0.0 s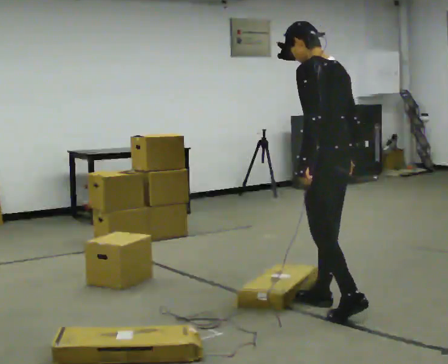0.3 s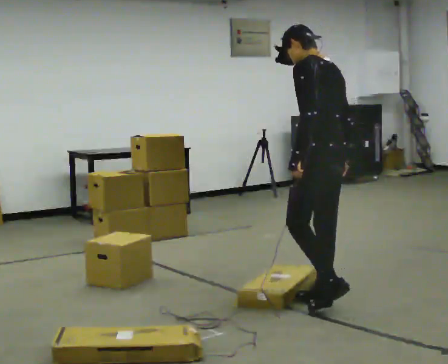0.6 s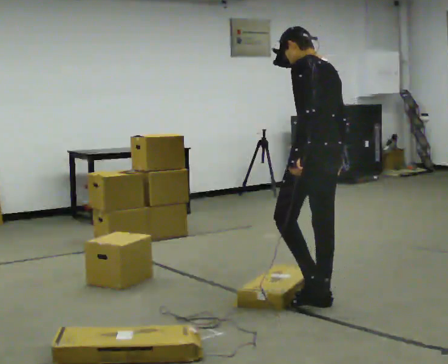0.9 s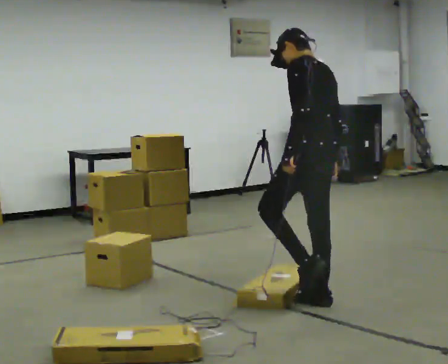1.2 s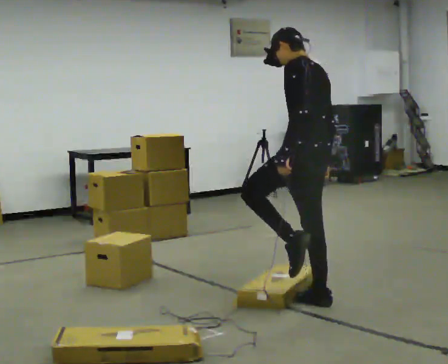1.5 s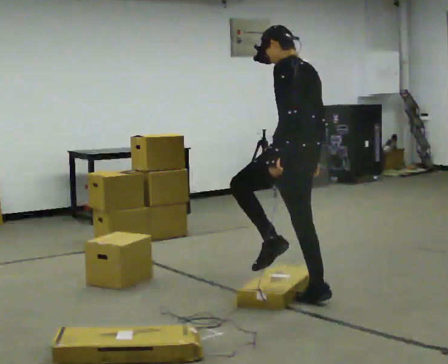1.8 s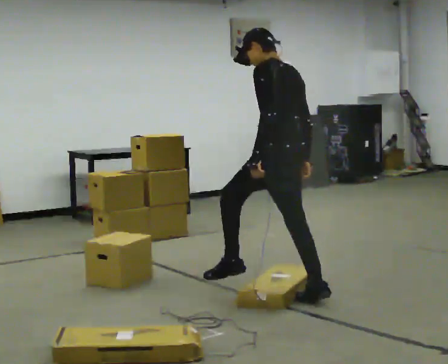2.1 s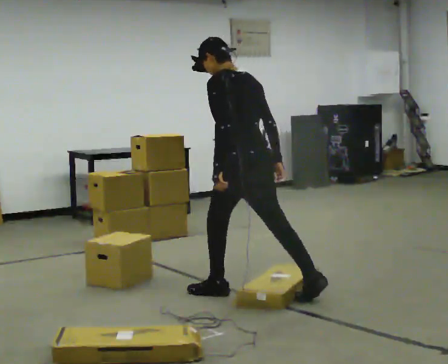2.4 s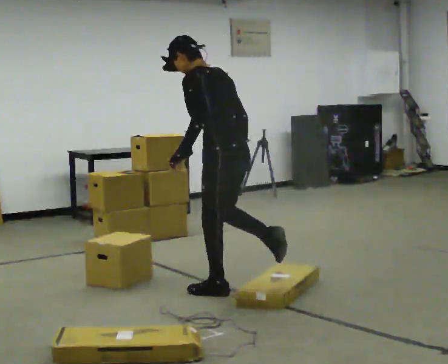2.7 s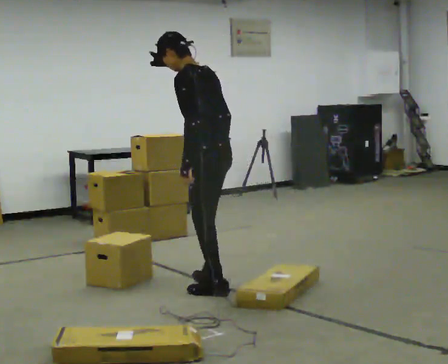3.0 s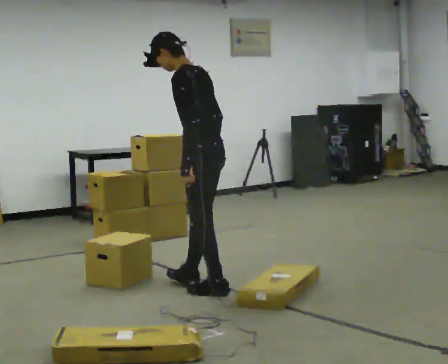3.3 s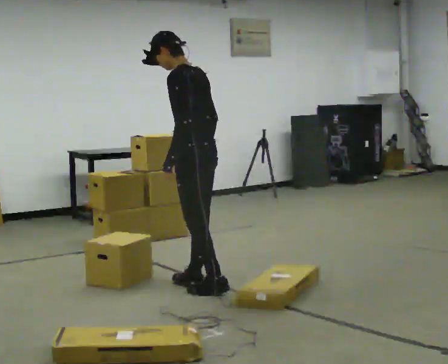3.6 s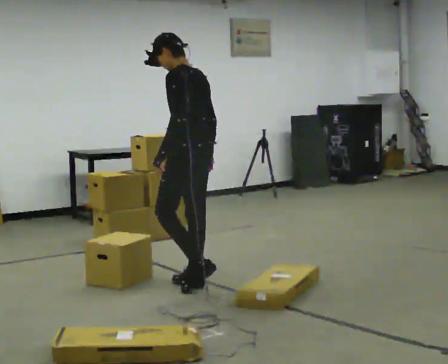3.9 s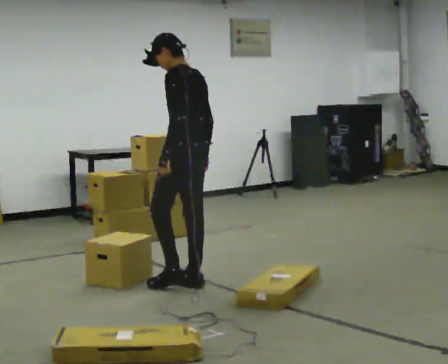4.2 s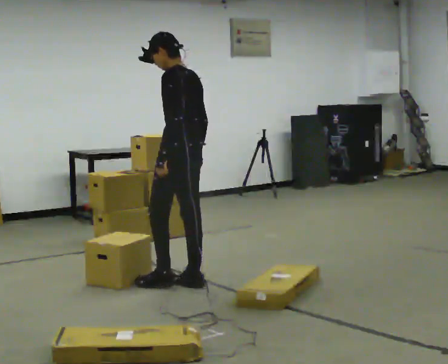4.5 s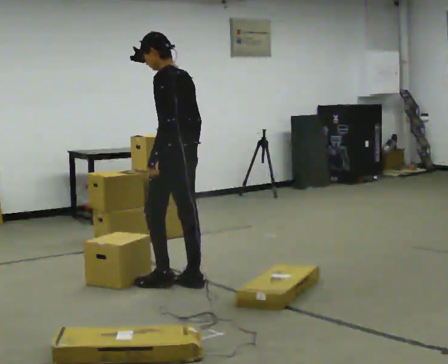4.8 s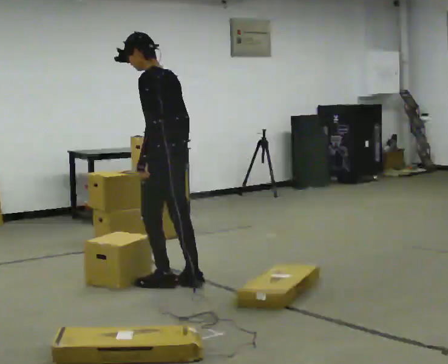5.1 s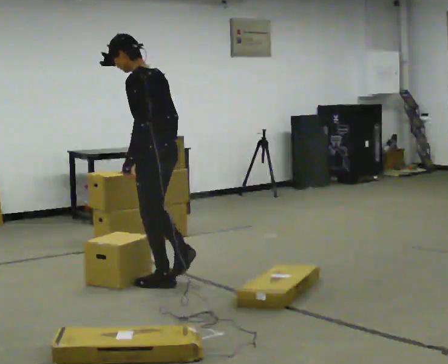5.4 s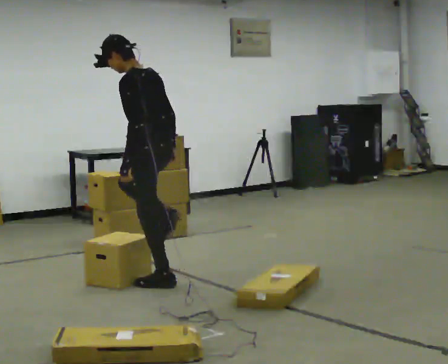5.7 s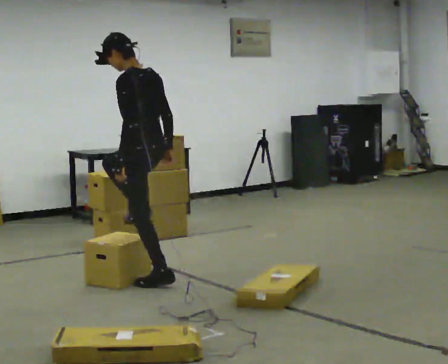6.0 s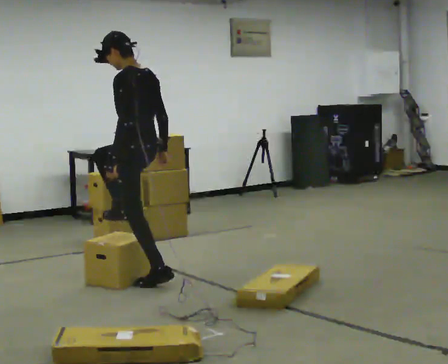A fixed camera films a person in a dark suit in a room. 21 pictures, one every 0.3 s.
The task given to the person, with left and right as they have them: Walk back and forth across the room at a normal pace, looking ahead. There may be something on the floor. Recover however comes naturally and carry on.
0.0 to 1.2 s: In the picture they go away from the camera, about 0.25 m in 1 step, which for them is forward.
1.2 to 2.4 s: In the picture they go to the left and away from the camera, about 0.5 m in 1 step, which for them is forward and to their left. In the picture the upper body tilts counterclockwise, shoulders to the left.
2.4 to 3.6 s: In the picture they go away from the camera and to the left, about 0.25 m in 1 step, which for them is forward and to their right.
3.6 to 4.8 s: In the picture they go to the left, about 0.25 m in 1 step, which for them is forward.
4.8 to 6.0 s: In the picture they go to the left, about 0.25 m, which for them is forward.
The film runs forward here.
